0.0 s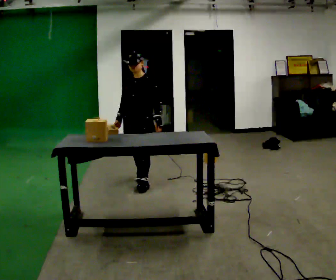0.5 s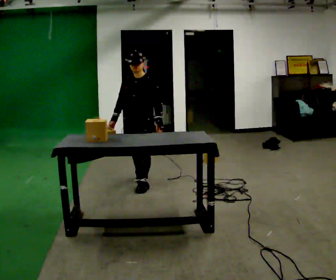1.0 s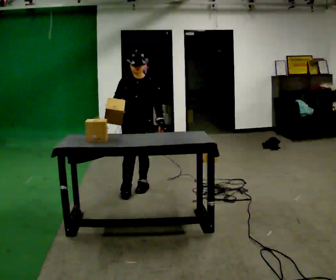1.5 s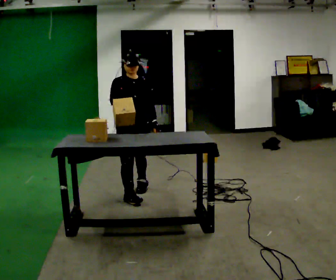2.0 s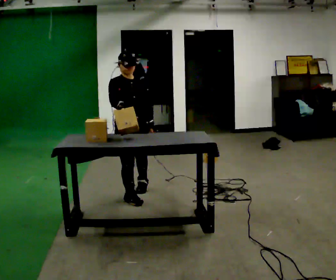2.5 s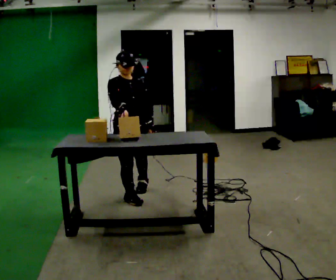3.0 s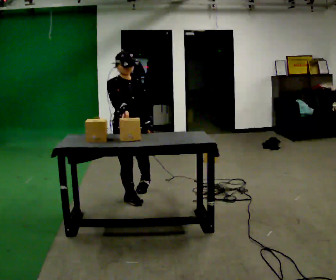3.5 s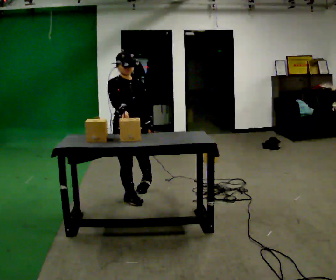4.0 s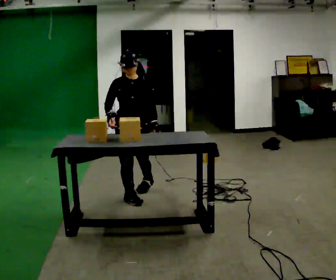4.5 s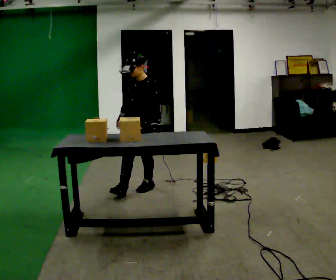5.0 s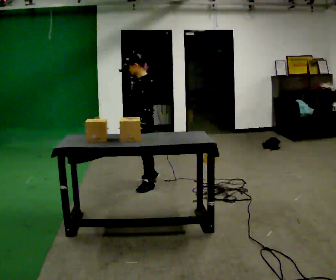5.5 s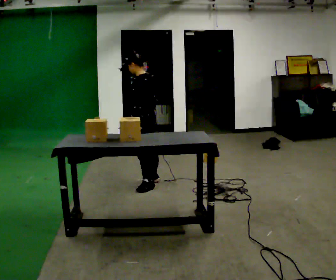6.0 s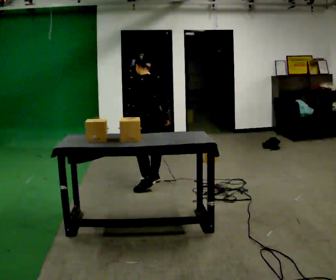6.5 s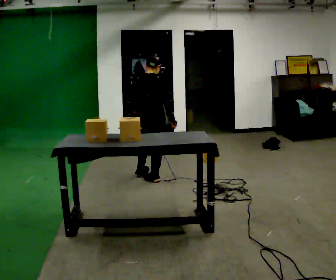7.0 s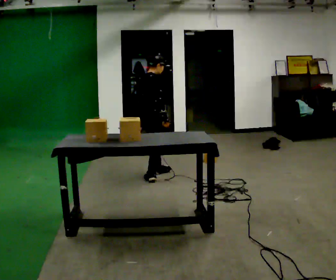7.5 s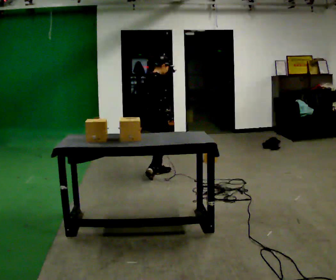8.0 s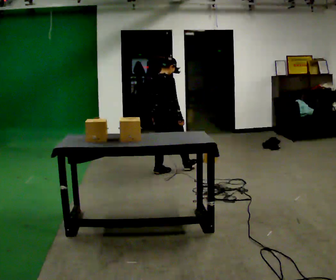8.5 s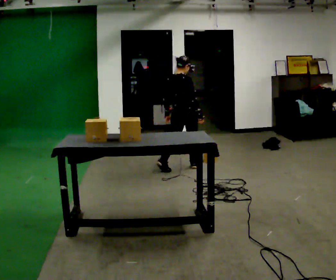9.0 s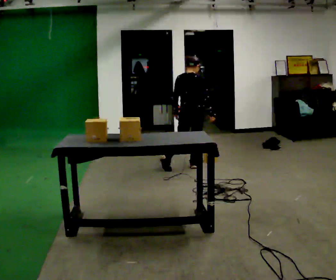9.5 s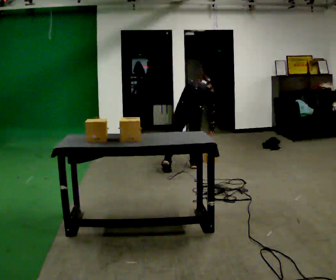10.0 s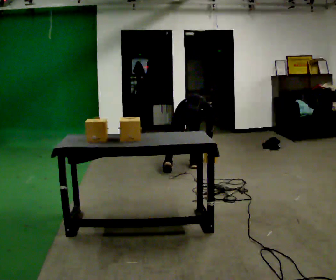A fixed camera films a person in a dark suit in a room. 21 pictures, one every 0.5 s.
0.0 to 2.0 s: The person turns about 60 degrees to their left, counterclockwise seen from above, so the part of the body nearest the lens slides to the right. In the picture they go toward the camera, about 0.5 m in 1 step, which for them is forward.
2.0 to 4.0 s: The person moves a little, or ends about where they began.
4.0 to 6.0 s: Seen from above the body turns clockwise, about 150 degrees: to their right, with its near side sliding to the left. In the picture they go away from the camera and to the right, about 0.5 m in 1 step.
6.0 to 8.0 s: The part of the body nearest the lens slides to the left as the person turns to their right by about 90 degrees. In the picture they go away from the camera and to the right, about 0.5 m in 1 step.
8.0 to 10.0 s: Seen from above the body turns counterclockwise, about 30 degrees: to their left, with its near side sliding to the right. In the picture they go to the right, about 0.25 m in 1 step, which for them is to their right and forward. The upper body goes downward. The upper body tips away from the camera, its near side rolling upward, as they bend forward.
The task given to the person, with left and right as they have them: Pick an object up off the floor at one end of the room, carry it across, and place it on the waist-height shelf at the other end. Keep going until the operator says stop; one object at a time, and do not rush between trips.
The film runs forward here.
